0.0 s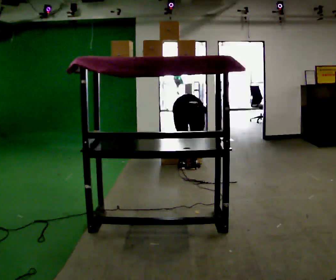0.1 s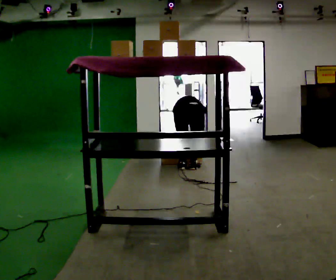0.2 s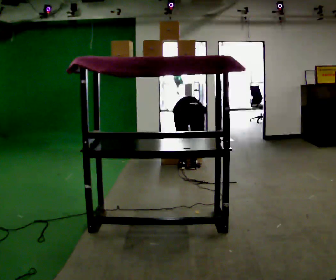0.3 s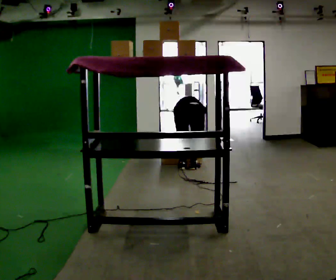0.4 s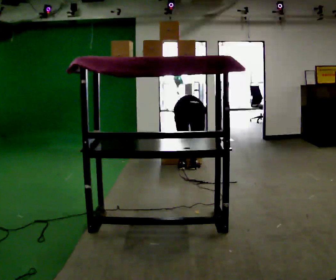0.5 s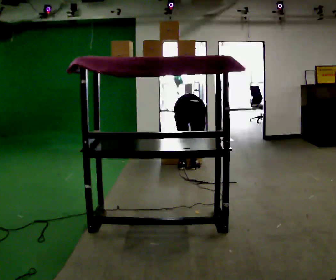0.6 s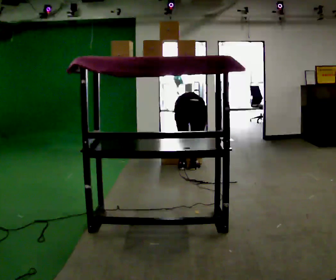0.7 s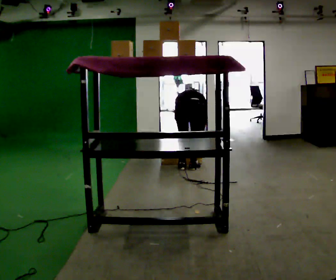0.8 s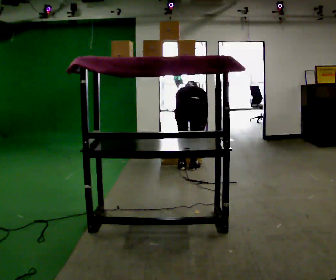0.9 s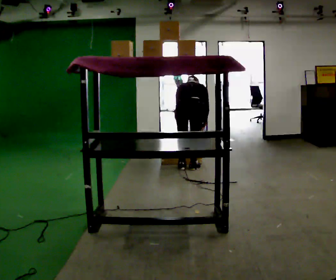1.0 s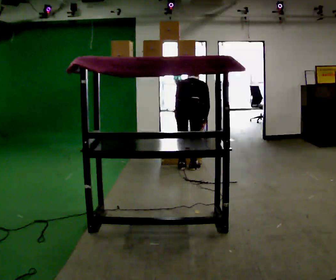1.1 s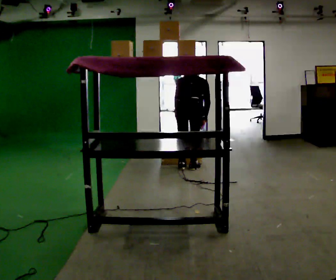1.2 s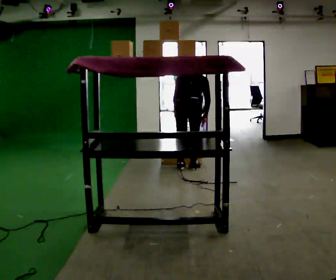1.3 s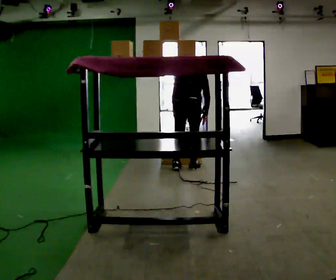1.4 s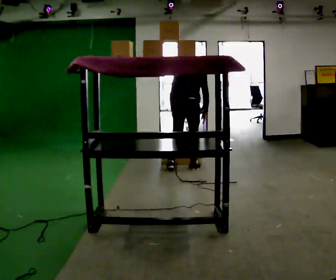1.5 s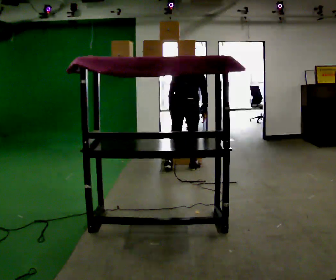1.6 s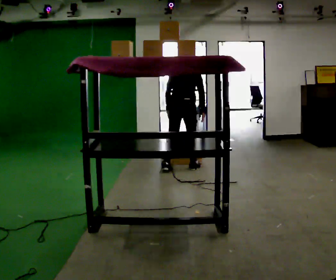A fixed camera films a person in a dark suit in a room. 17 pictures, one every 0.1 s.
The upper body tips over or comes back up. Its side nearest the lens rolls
downward.
Their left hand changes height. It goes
upward.
0.0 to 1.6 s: The shoulders move upward. The upper body tips toward the camera, its near side rolling downward, as they lean back or straighten. In the picture their right hand goes upward.
The film runs backward here.
